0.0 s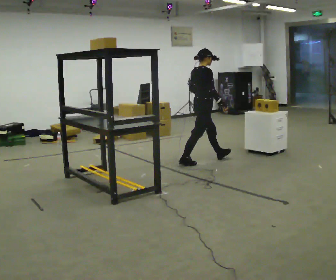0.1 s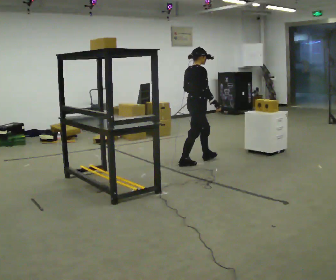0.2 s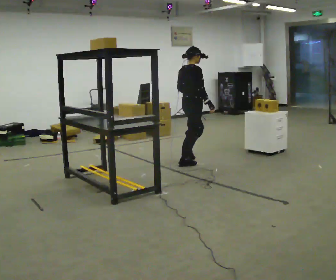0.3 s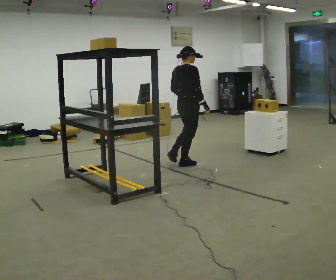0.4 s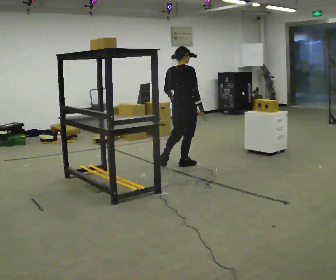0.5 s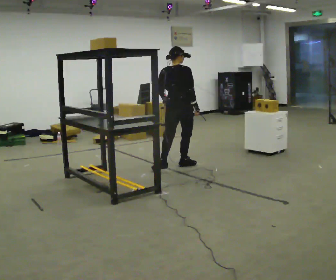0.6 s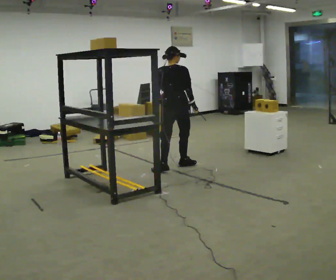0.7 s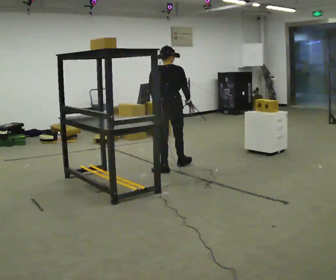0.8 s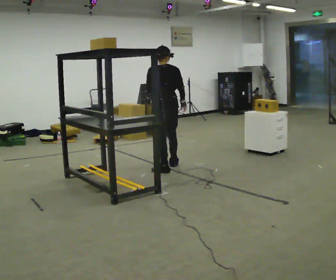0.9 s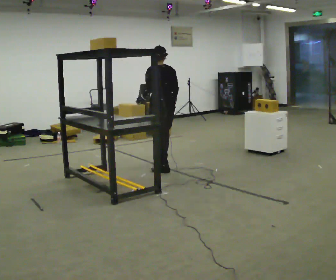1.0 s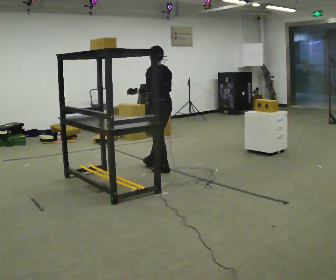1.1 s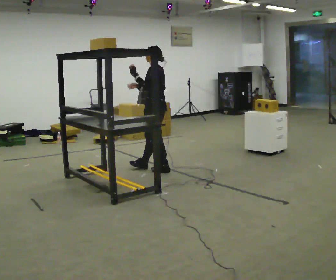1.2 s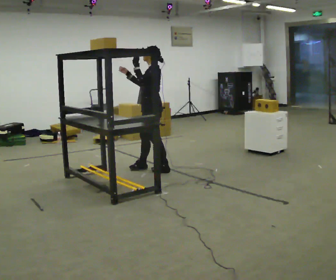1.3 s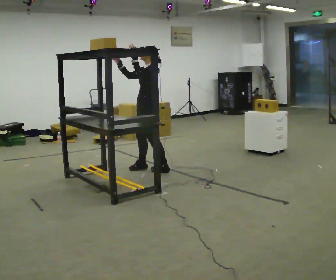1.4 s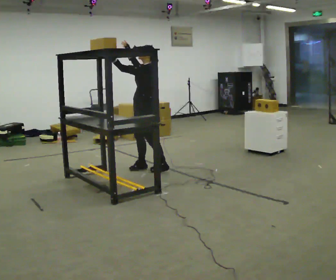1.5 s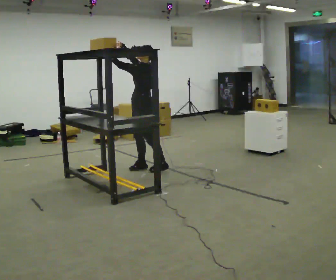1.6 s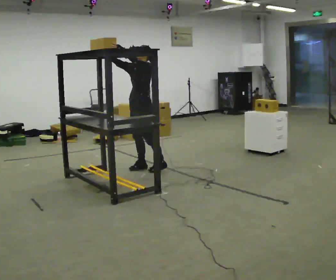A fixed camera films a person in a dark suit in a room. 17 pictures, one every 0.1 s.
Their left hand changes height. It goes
upward.
The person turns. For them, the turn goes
to their left.
0.0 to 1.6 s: Seen from above the body turns counterclockwise, about 195 degrees: to their left, with its near side sliding to the right. In the picture they go to the left, about 1 m in 1 step. In the picture their right hand goes upward, the arm swinging clockwise.
The film runs backward here.
